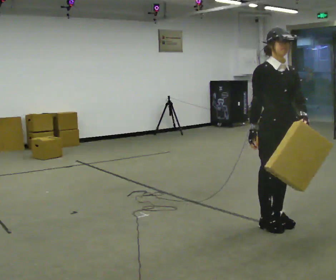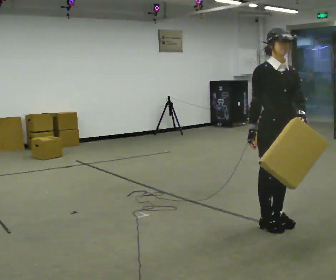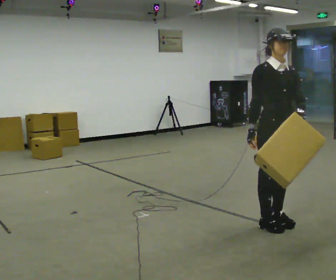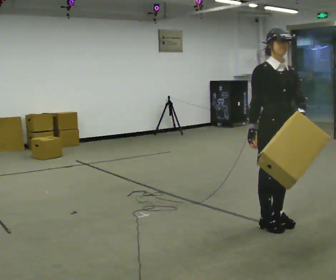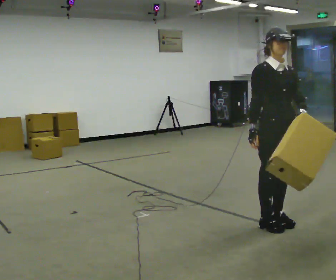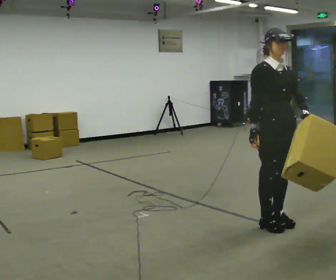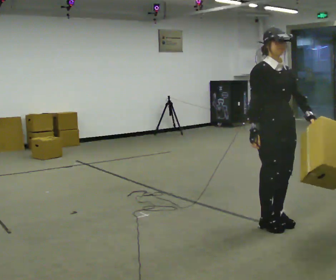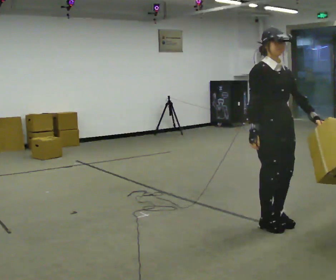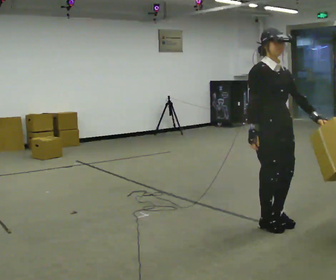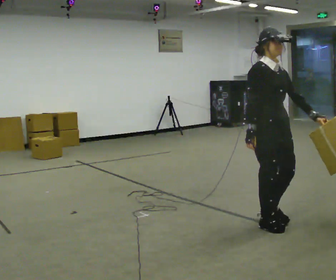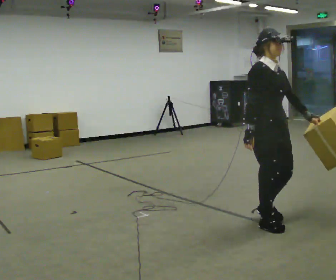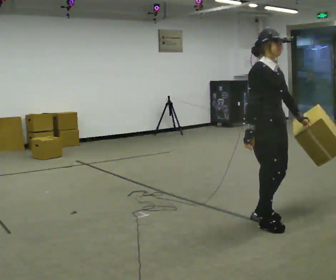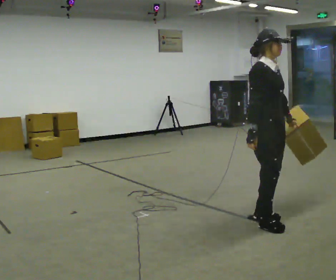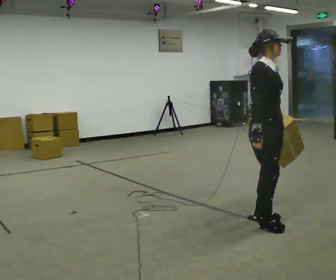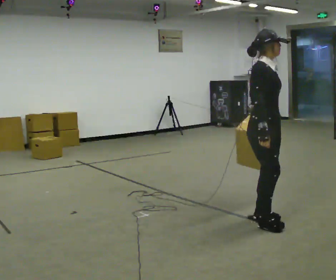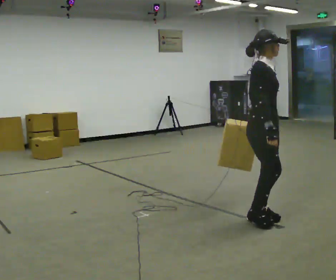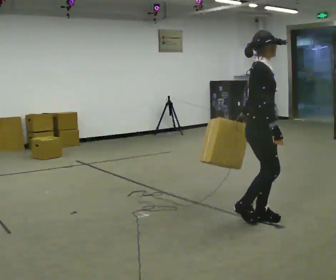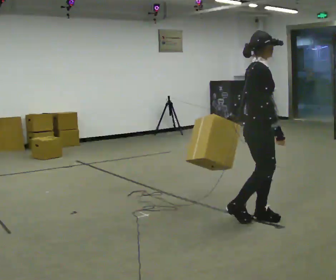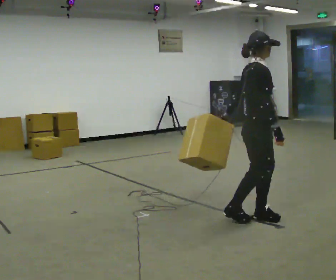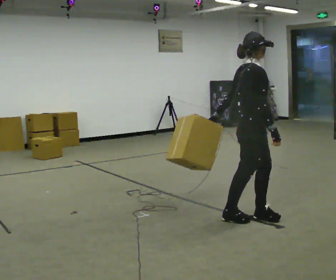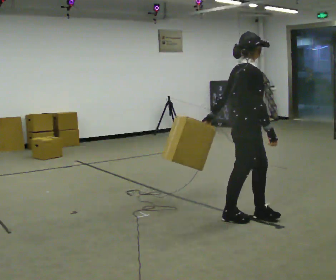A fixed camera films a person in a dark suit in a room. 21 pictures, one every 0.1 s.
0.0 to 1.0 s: The person moves a little, or ends about where they began.
1.0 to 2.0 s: The part of the body nearest the lens slides to the right as the person turns to their left by about 45 degrees. In the picture they go to the left, about 0.25 m in 1 step, which for them is backward. In the picture their left hand goes to the left, the arm swinging clockwise.
The film runs backward here.
